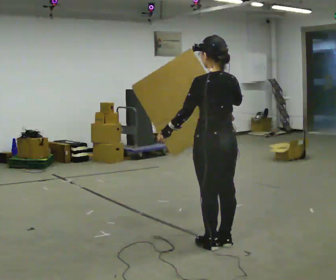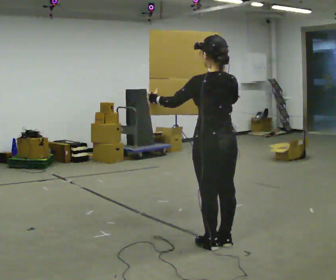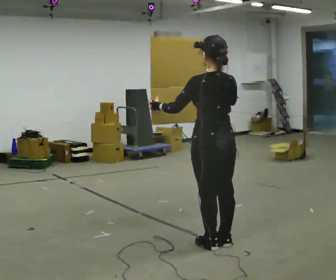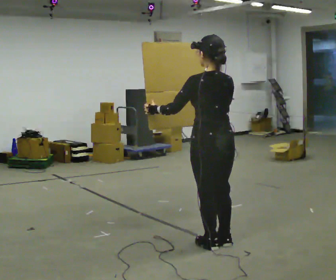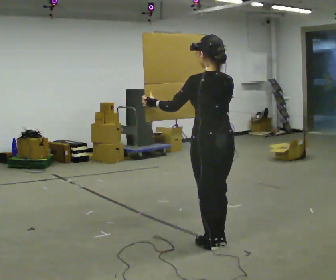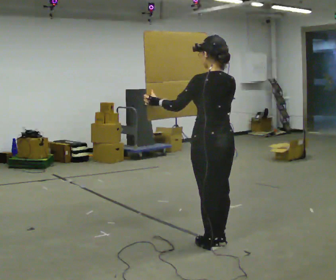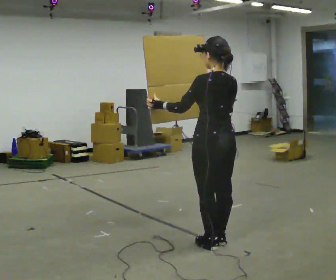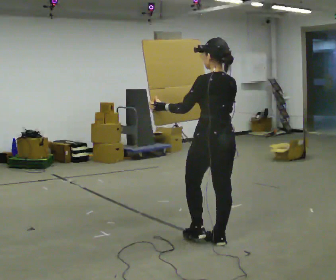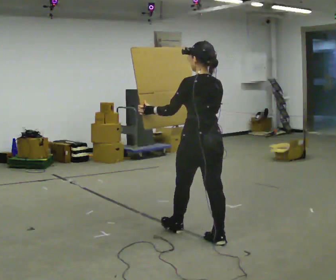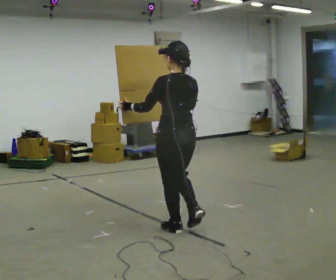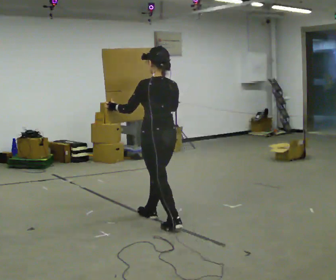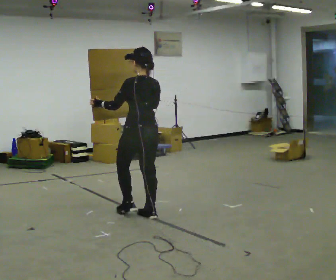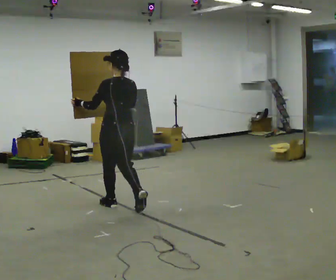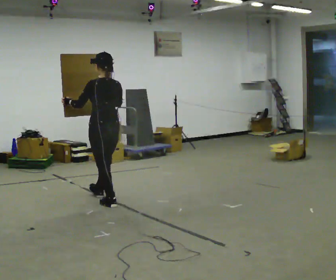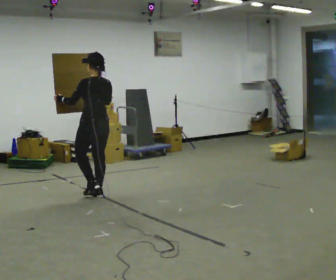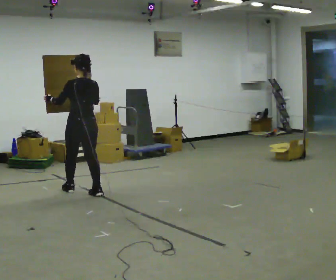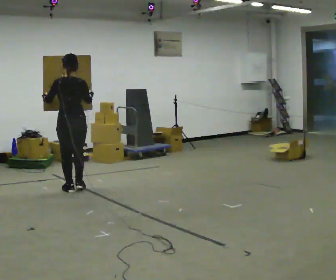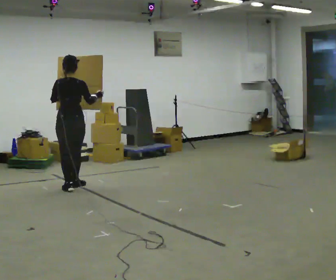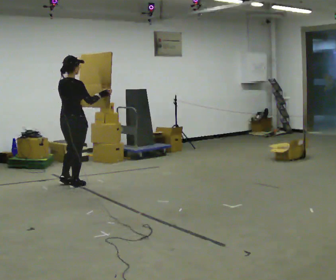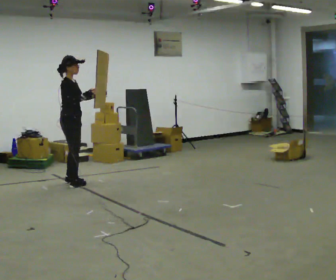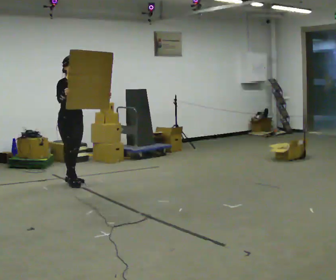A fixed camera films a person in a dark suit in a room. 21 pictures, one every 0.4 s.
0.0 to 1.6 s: The person moves a little, or ends about where they began.
1.6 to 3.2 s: In the picture they go away from the camera, about 0.25 m in 1 step, which for them is forward.
3.2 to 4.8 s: In the picture they go away from the camera and to the left, about 1 m in 2 steps, which for them is forward.
4.8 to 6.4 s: In the picture they go to the left and away from the camera, about 1 m in 2 steps, which for them is forward.
6.4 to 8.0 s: The person turns about 150 degrees to their right, clockwise seen from above, so the part of the body nearest the lens slides to the left. In the picture they go away from the camera, about 0.5 m in 2 steps.
The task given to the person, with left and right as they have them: Carry the large panel across the room. It will block your view ahead, so take whatever route feels safe. Keep going until the operator says stop; one object at a time, and do not rush between trips.
The film runs forward here.
